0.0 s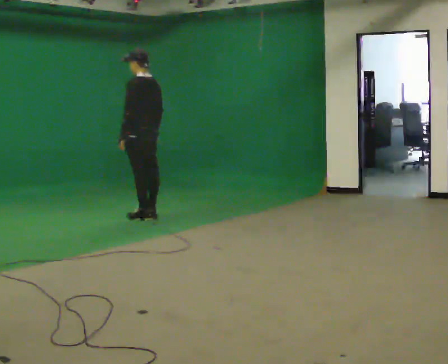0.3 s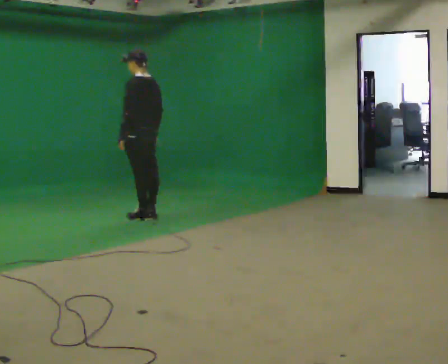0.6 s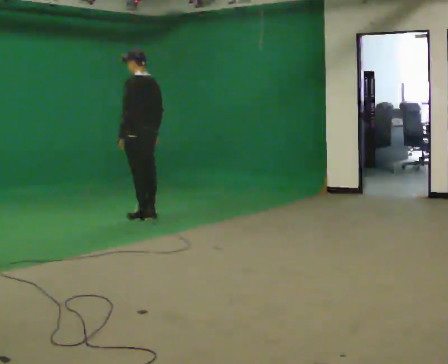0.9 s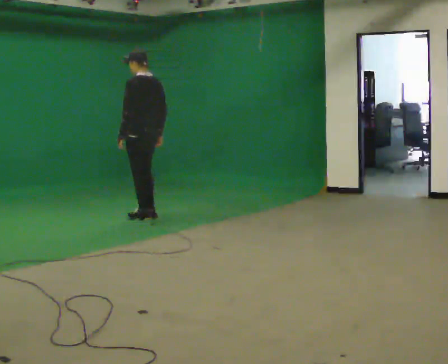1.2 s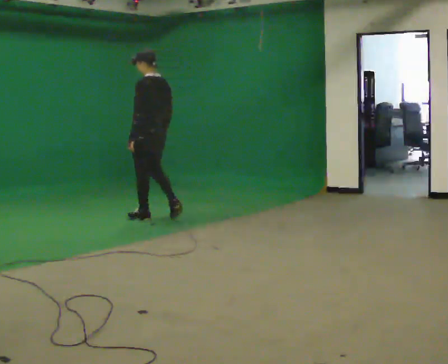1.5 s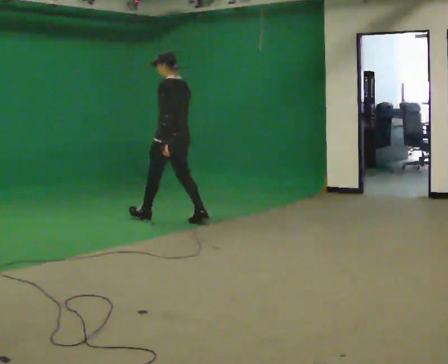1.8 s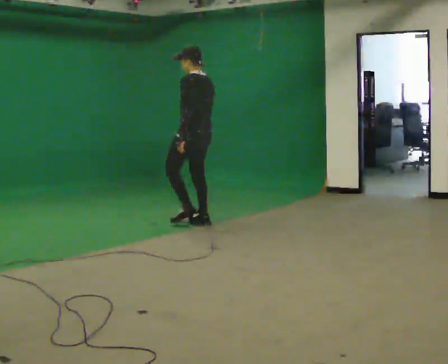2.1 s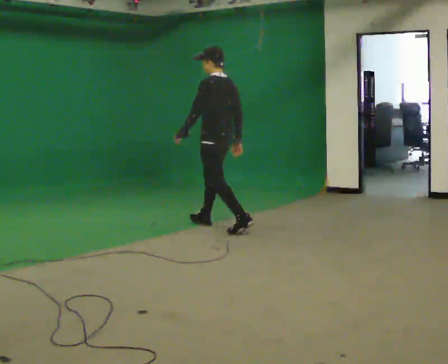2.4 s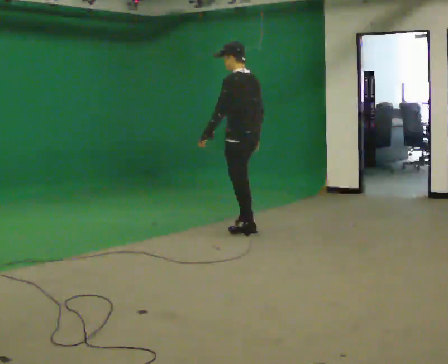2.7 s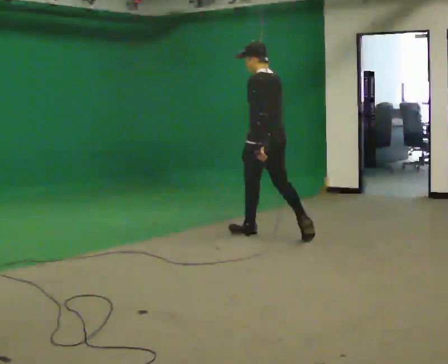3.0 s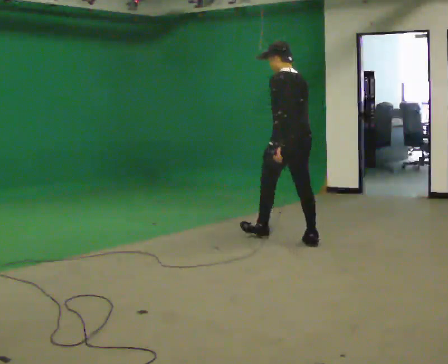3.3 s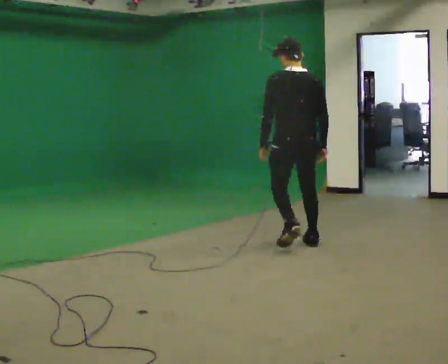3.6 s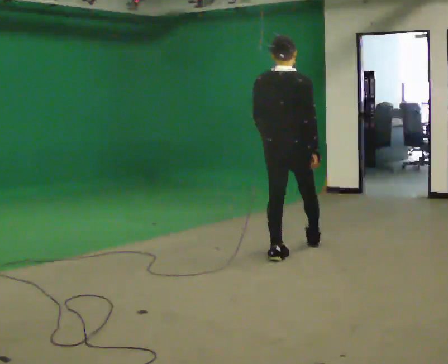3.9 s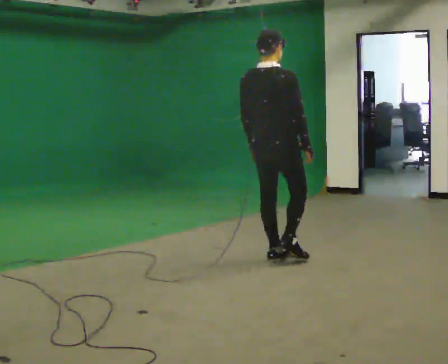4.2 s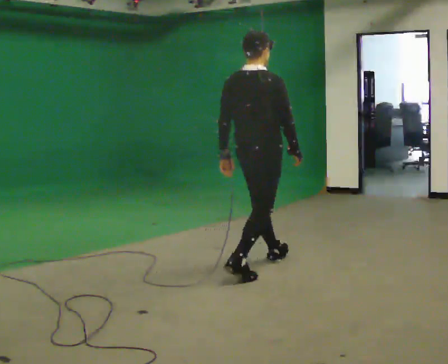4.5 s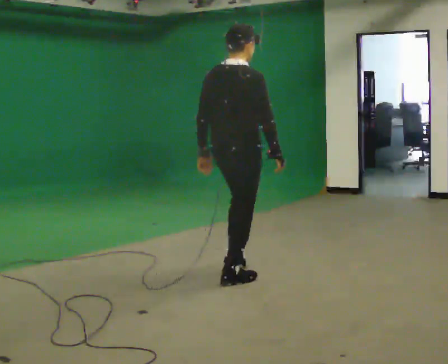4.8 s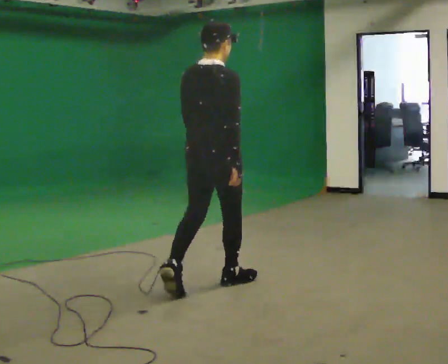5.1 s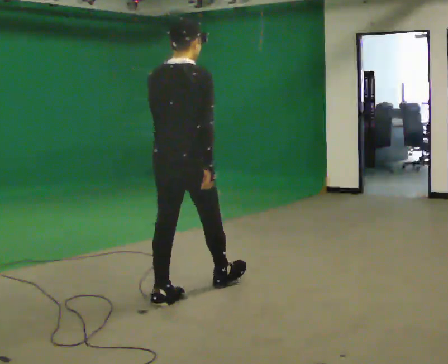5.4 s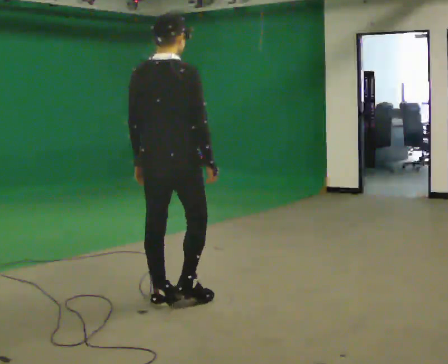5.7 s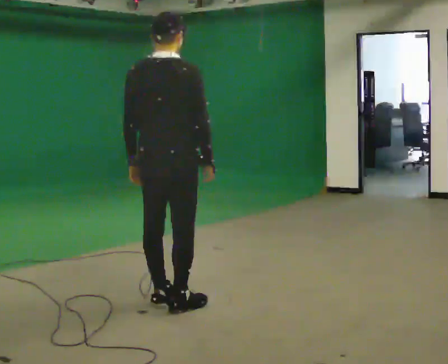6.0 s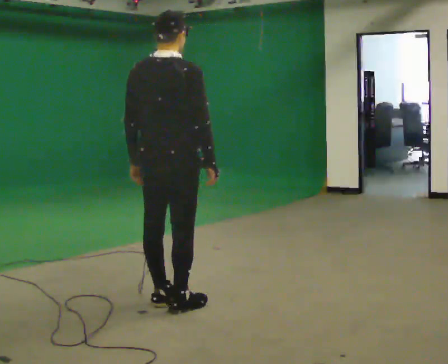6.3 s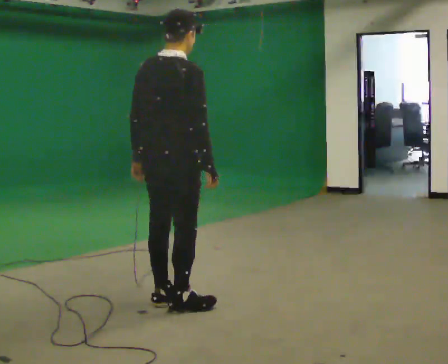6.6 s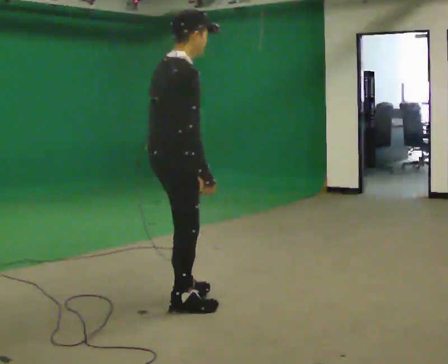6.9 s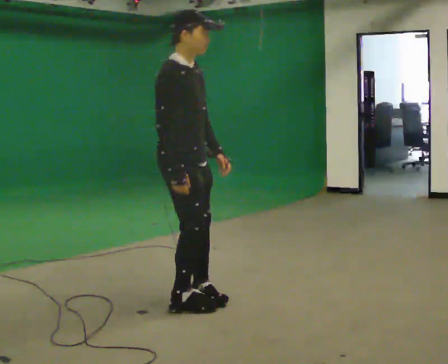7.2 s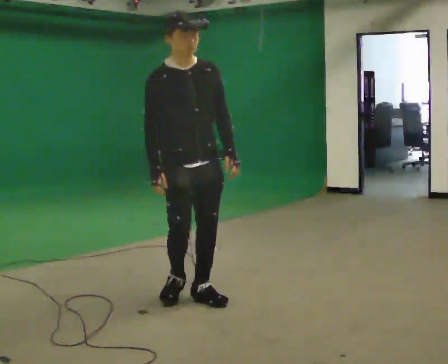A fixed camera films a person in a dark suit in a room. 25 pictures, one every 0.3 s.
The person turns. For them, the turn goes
to their right.
The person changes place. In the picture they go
toward the camera.
0.0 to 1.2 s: The person moves a little, or ends about where they began.
1.2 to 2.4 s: In the picture they go to the right and toward the camera, about 1 m in 2 steps, which for them is backward.
2.4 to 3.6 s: The part of the body nearest the lens slides to the left as the person turns to their right by about 75 degrees. In the picture they go toward the camera and to the right, about 1 m in 2 steps.
3.6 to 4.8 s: In the picture they go toward the camera and to the left, about 1 m in 1 step, which for them is backward.
4.8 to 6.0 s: In the picture they go toward the camera and to the left, about 0.5 m in 1 step, which for them is backward.
6.0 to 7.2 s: The person turns about 120 degrees to their right, clockwise seen from above, so the part of the body nearest the lens slides to the left. In the picture they go away from the camera, about 0.25 m in 2 steps. In the picture their left hand goes to the right, the arm swinging counterclockwise.
The film runs backward here.
